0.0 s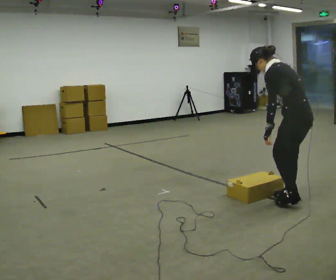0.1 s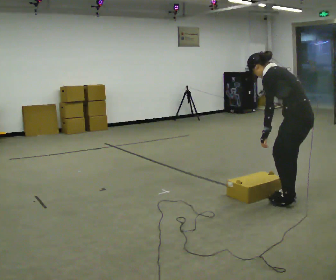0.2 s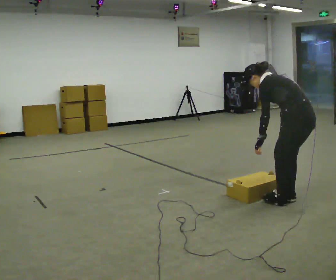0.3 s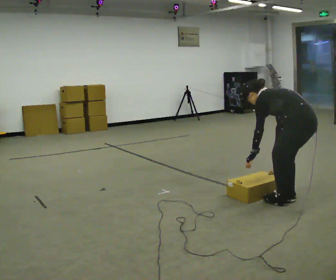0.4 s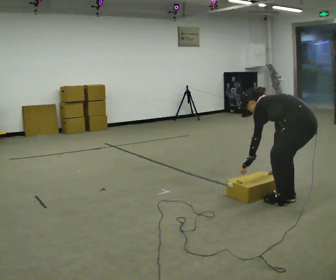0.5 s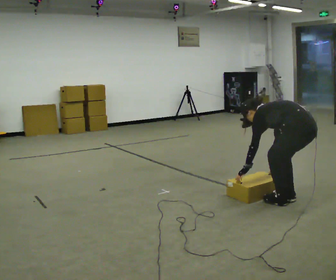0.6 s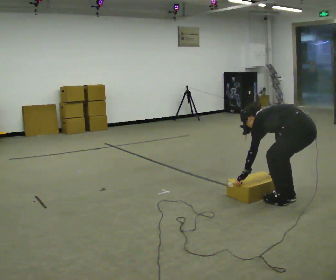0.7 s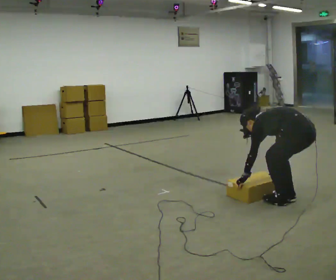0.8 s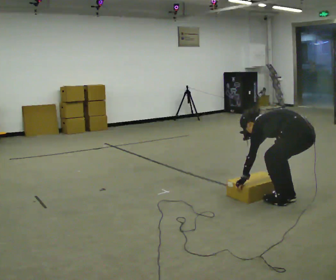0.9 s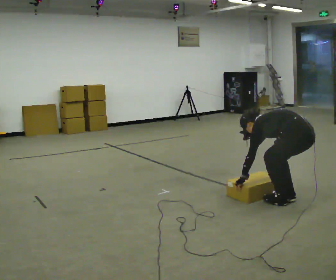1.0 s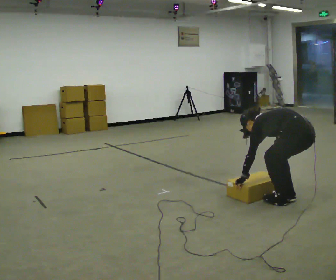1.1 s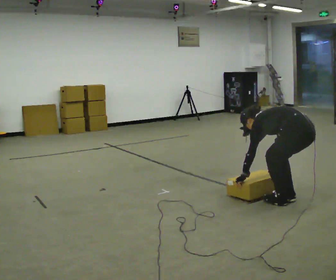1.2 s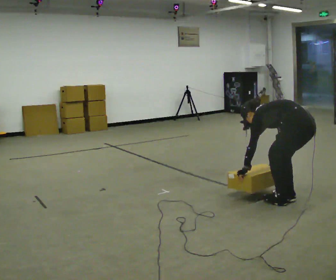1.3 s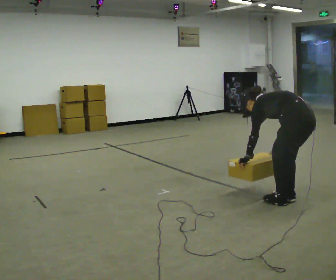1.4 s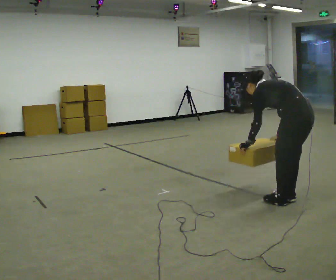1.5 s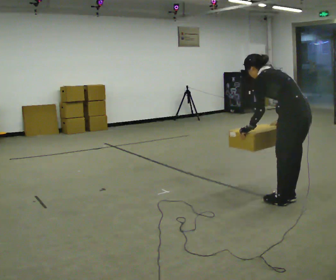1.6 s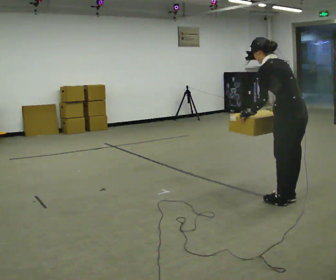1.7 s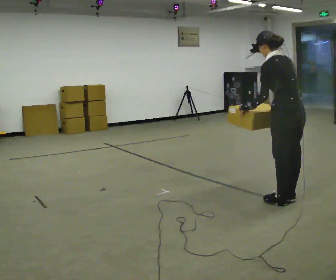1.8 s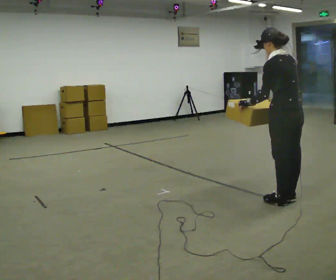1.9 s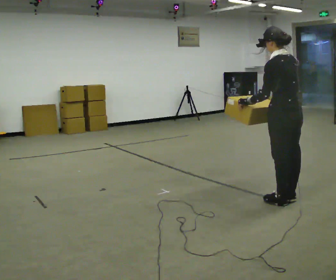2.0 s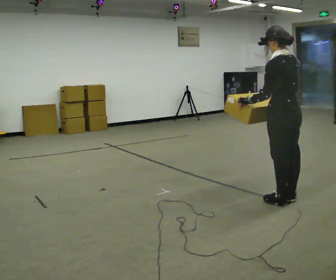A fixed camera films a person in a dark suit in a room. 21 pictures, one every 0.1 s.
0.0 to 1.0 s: The shoulders move downward. The upper body tips away from the camera, its near side rolling upward, as they bend forward. In the picture their left hand goes downward.
1.0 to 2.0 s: The upper body goes upward. In the picture the upper body tilts clockwise, shoulders to the right, as they lean back or straighten. In the picture their right hand goes upward.
The film runs forward here.
